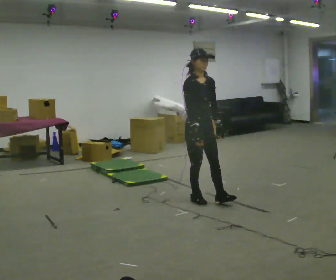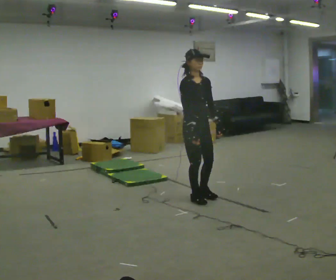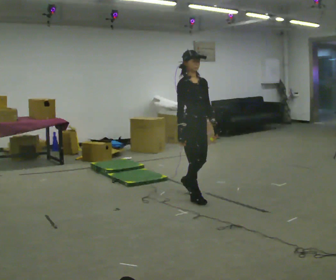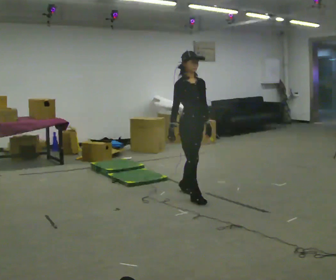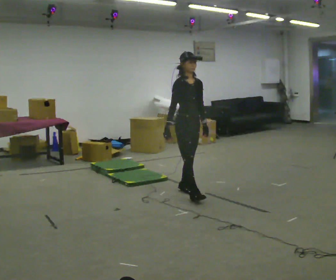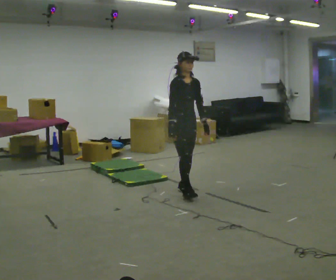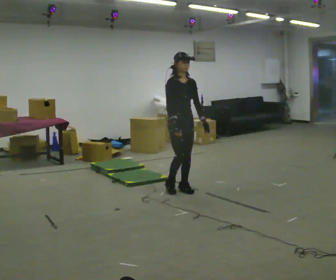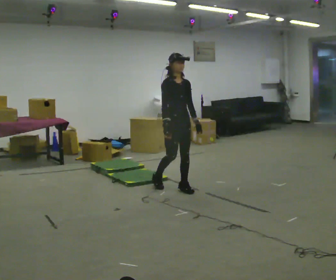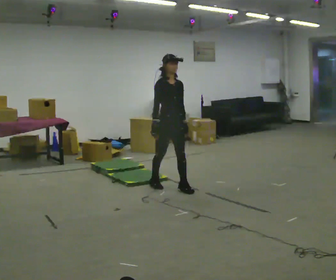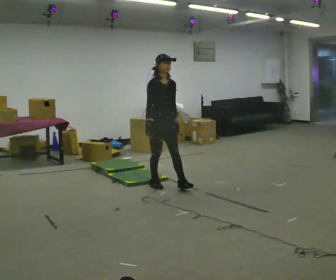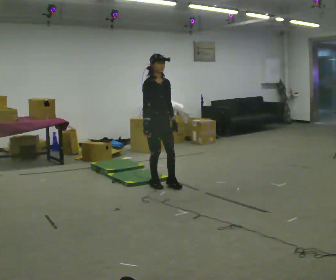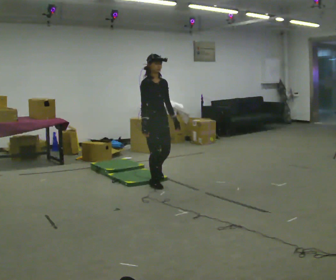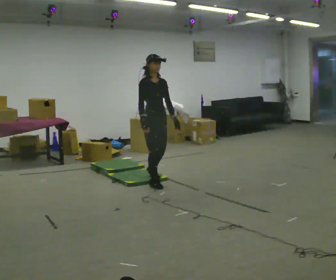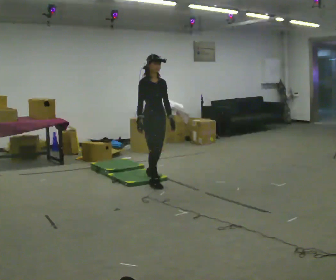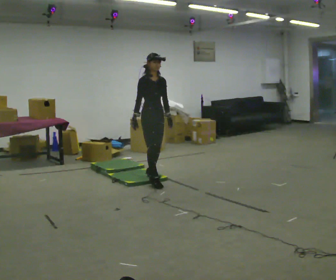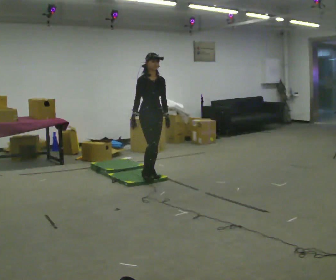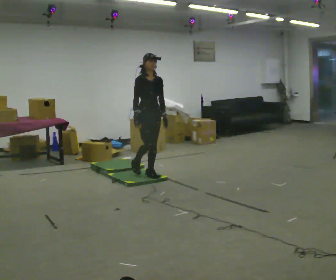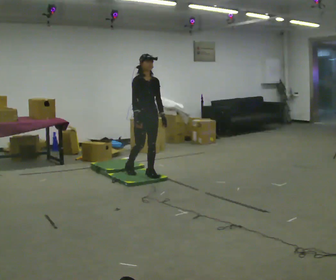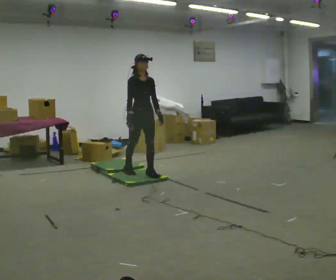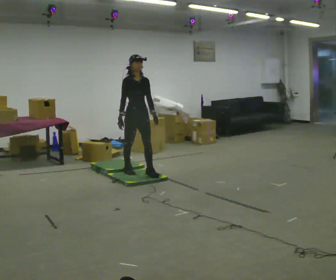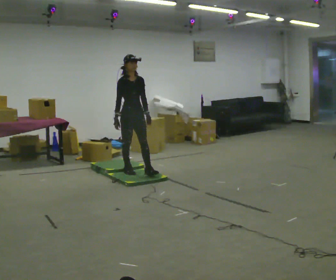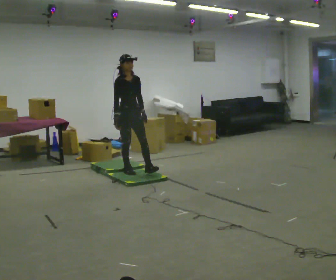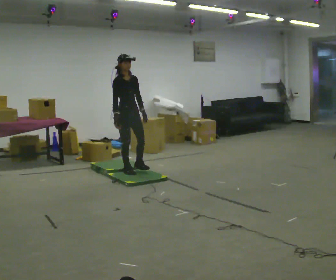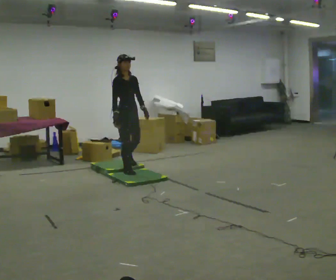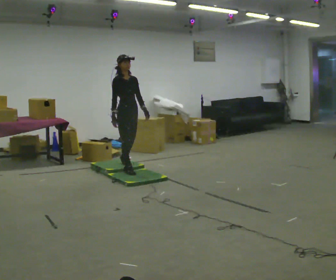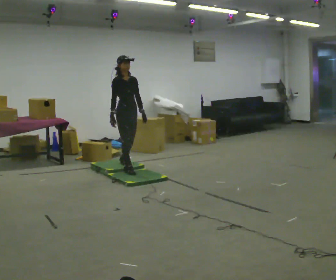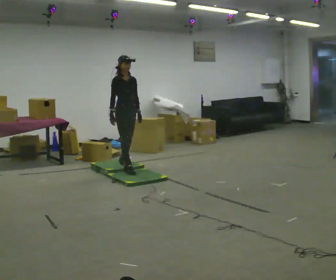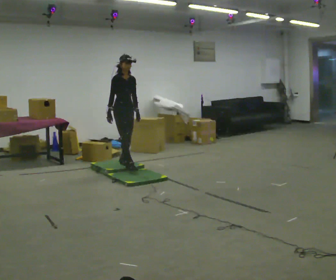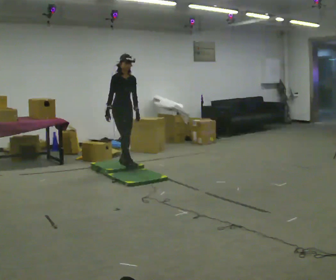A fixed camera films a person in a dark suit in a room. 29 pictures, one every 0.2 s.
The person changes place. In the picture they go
away from the camera.
0.0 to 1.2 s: In the picture they go away from the camera and to the left, about 0.5 m in 1 step, which for them is backward.
1.2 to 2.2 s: In the picture they go to the left and away from the camera, about 0.5 m in 1 step, which for them is backward and to their right.
2.2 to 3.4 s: In the picture they go away from the camera, about 0.25 m in 1 step, which for them is backward.
3.4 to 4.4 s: In the picture they go to the left and away from the camera, about 0.25 m in 1 step, which for them is backward and to their right.
4.4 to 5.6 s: In the picture they go away from the camera, about 0.25 m in 1 step, which for them is backward.
The film runs backward here.
